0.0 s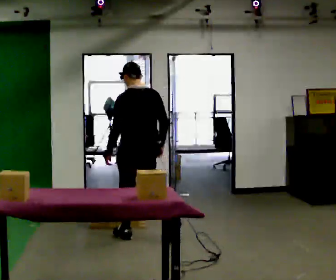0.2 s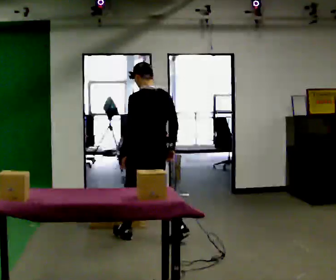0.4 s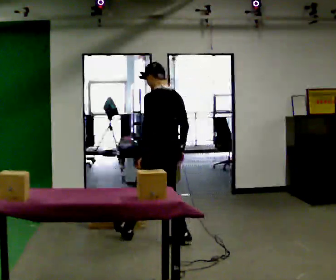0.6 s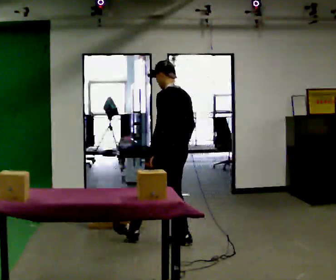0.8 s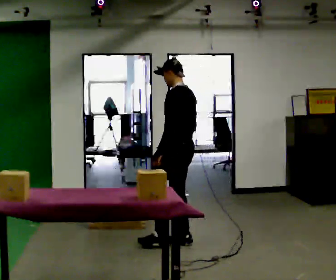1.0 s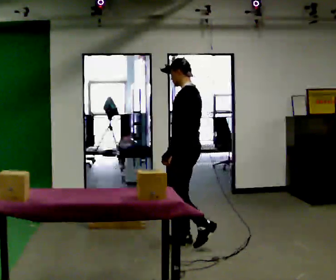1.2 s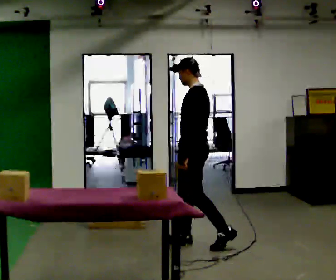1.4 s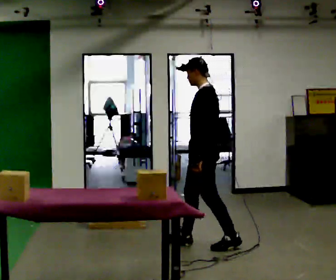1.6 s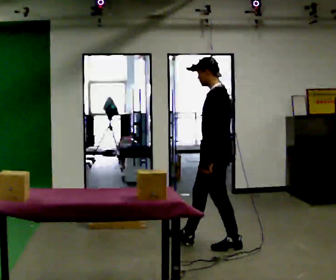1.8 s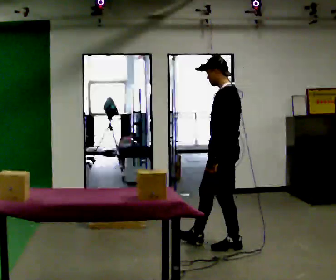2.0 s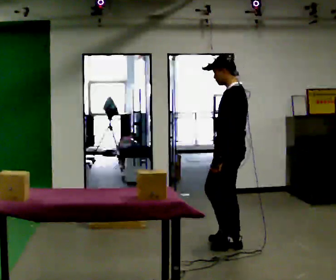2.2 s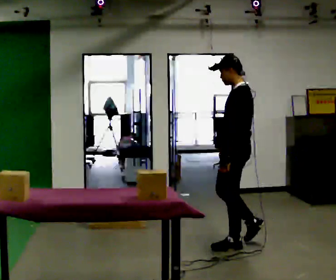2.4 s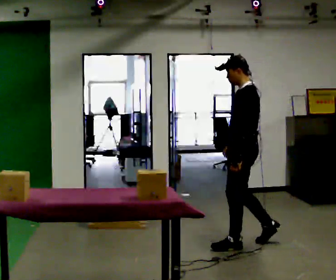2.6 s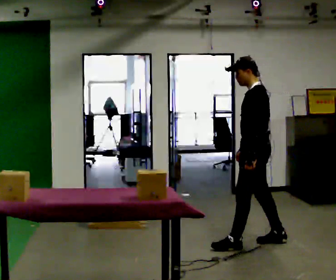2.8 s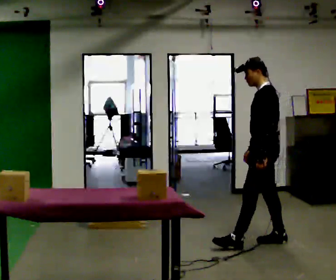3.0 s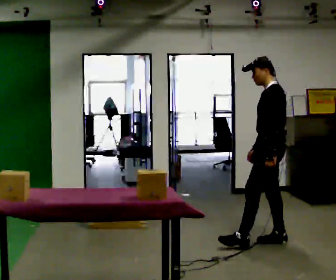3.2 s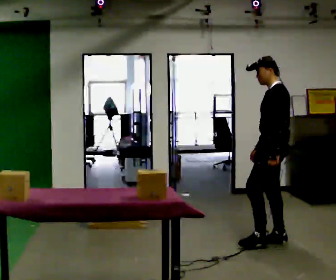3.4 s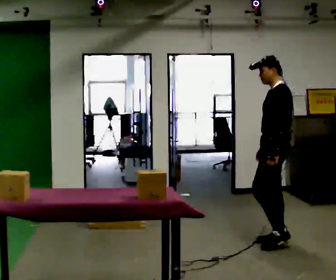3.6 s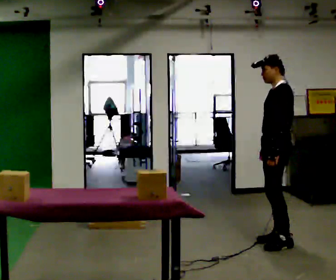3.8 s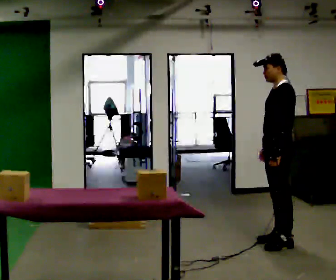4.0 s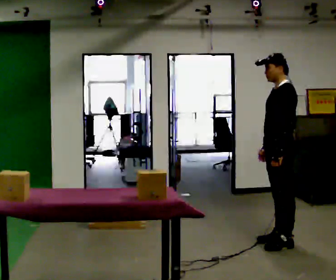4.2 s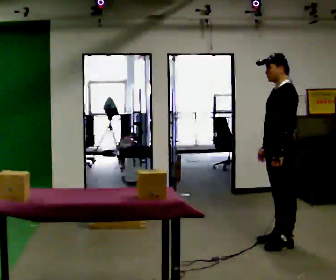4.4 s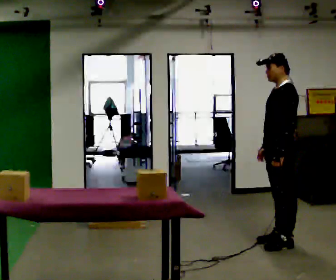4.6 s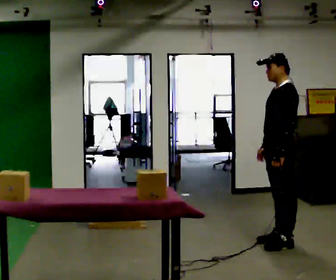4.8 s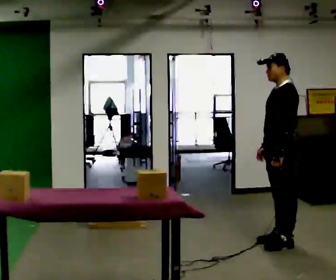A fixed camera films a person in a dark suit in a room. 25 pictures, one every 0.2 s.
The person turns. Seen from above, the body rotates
counterclockwise.
The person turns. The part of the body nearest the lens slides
to the right.
0.0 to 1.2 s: Seen from above the body turns counterclockwise, about 45 degrees: to their left, with its near side sliding to the right. In the picture they go to the right, about 0.5 m in 1 step, which for them is backward.
1.2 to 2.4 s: In the picture they go to the right, about 0.5 m in 1 step, which for them is backward.
2.4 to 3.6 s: In the picture they go to the right, about 0.25 m in 1 step, which for them is backward.
3.6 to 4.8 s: The person moves a little, or ends about where they began.
The film runs backward here.
